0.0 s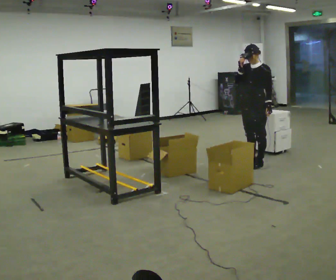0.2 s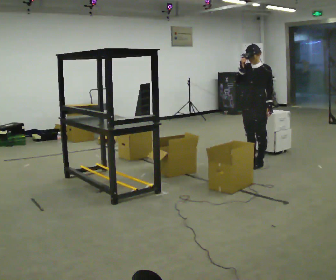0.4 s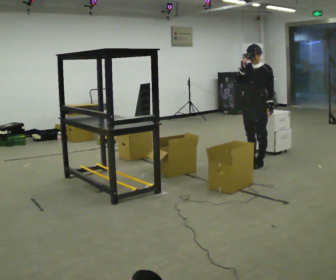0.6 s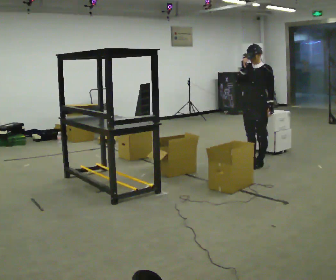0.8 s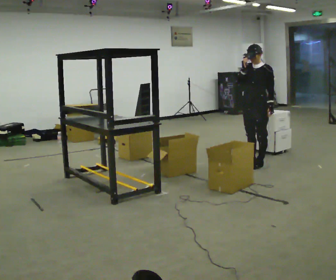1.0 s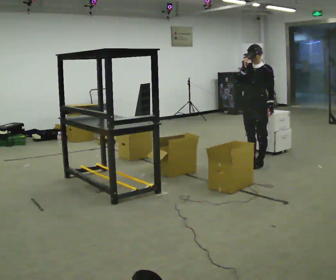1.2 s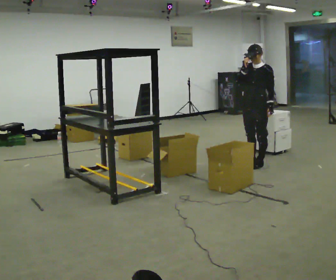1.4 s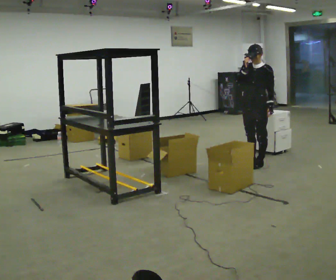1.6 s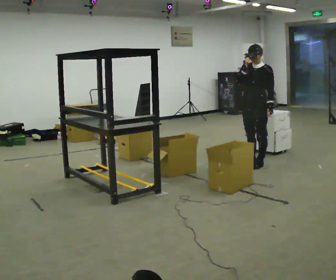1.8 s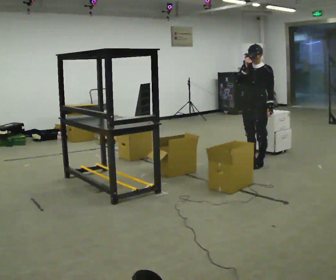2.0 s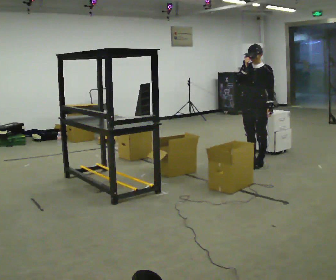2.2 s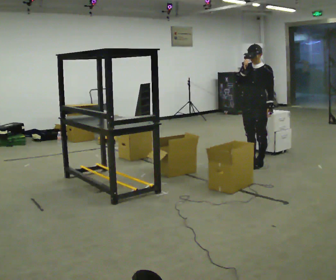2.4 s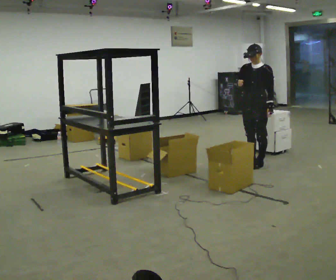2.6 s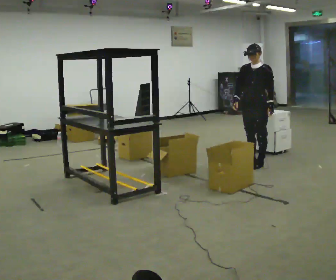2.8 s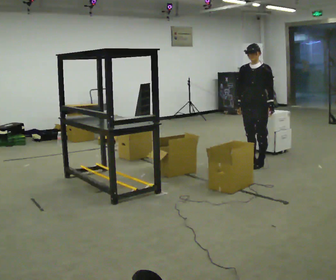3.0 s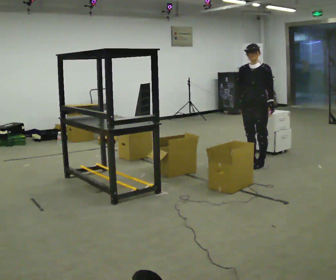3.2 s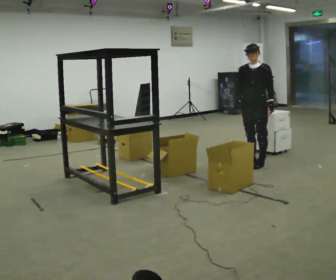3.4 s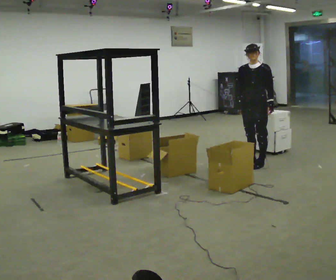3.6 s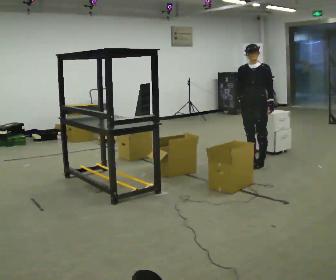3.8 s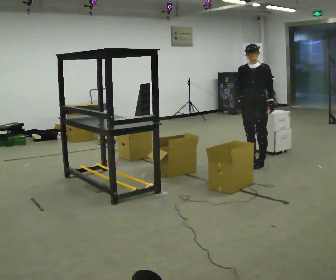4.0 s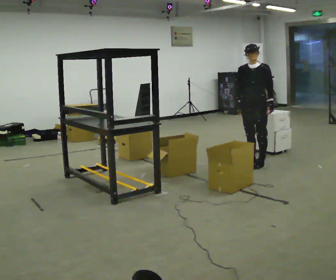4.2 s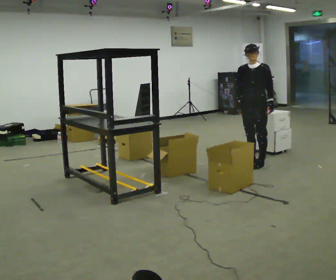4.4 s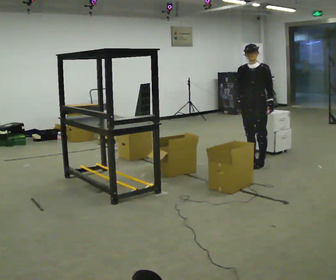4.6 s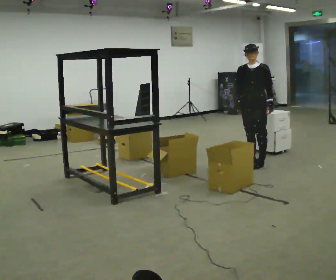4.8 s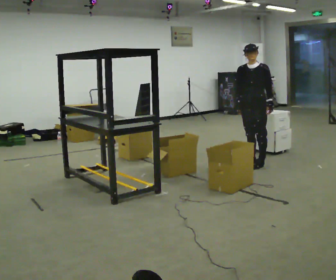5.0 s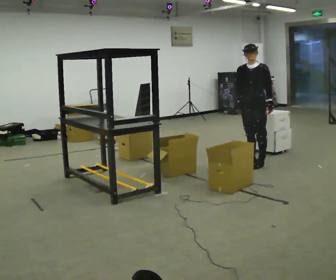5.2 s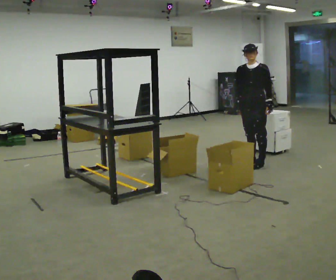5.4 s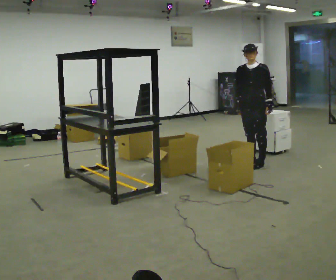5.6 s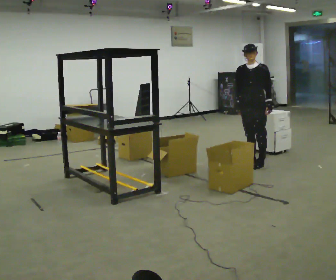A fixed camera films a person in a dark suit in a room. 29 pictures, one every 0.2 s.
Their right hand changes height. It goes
downward.
0.0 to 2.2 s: The person moves a little, or ends about where they began.
2.2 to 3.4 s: In the picture their right hand goes downward.
3.4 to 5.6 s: The person keeps their place and pose.
The film runs forward here.
